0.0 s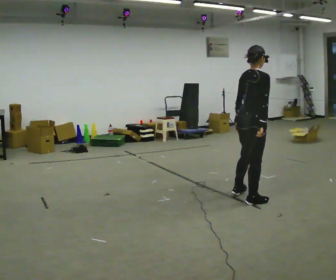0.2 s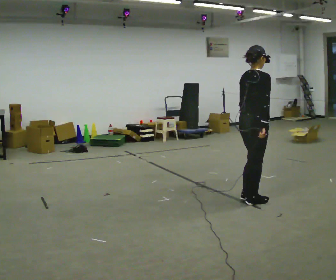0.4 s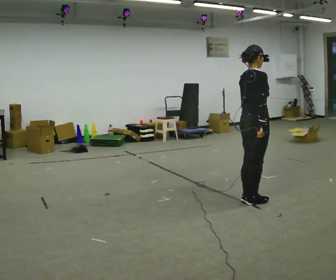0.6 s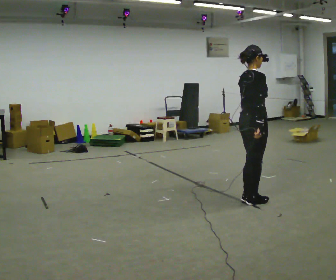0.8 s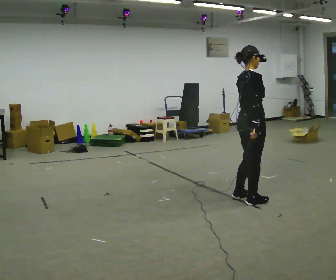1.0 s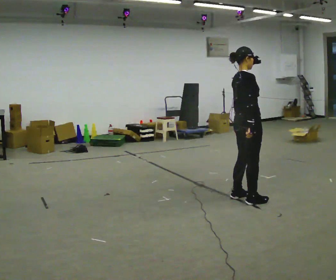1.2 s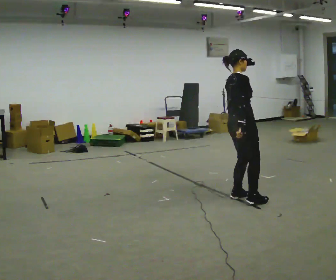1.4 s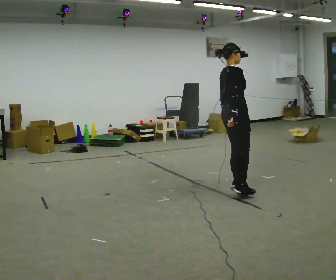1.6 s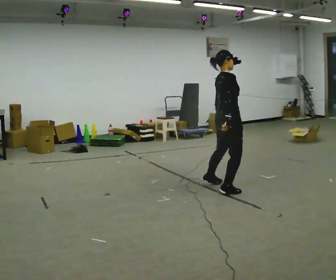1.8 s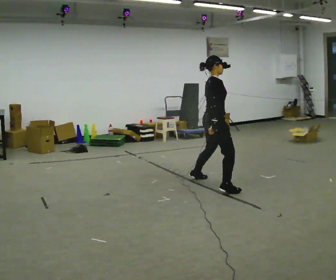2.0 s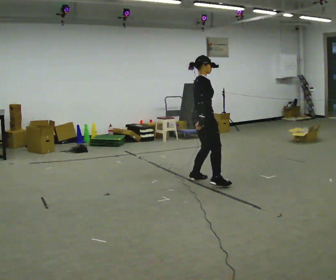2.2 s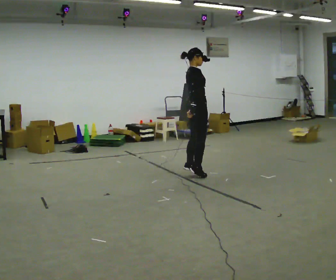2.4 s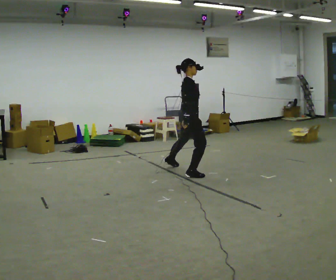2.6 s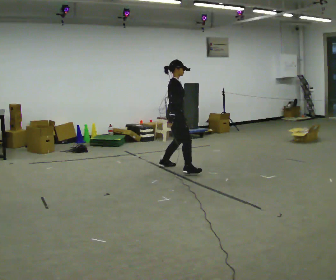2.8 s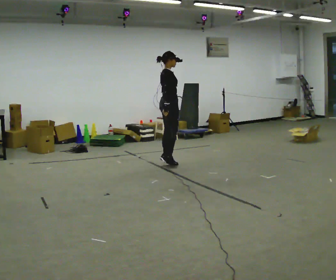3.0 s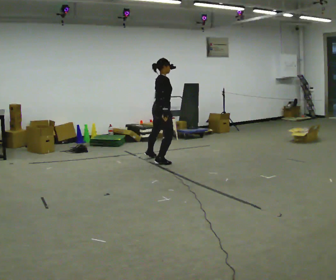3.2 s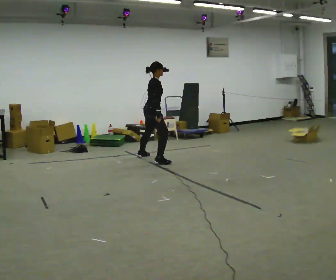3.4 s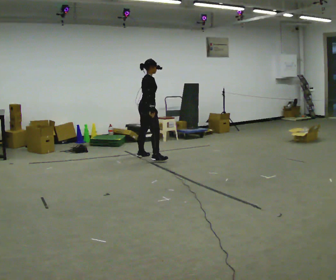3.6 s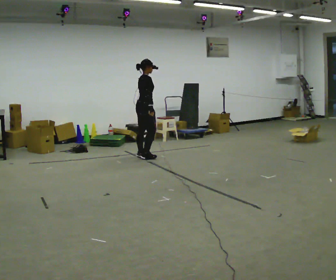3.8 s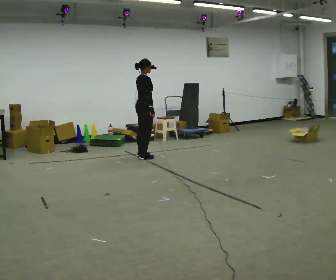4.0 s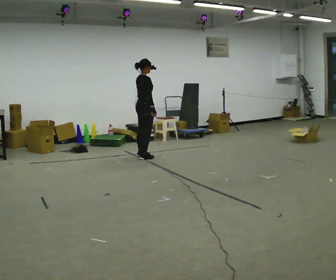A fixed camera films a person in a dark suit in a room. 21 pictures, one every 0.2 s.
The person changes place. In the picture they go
away from the camera.
0.0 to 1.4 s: In the picture they go away from the camera, about 0.25 m in 3 steps, which for them is to their left.
1.4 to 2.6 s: In the picture they go away from the camera and to the left, about 1.5 m in 3 steps, which for them is to their left.
2.6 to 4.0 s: In the picture they go away from the camera and to the left, about 1 m in 2 steps, which for them is to their left.
The film runs backward here.
